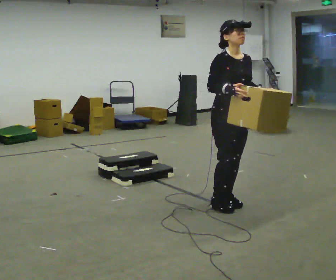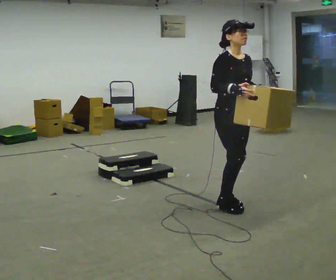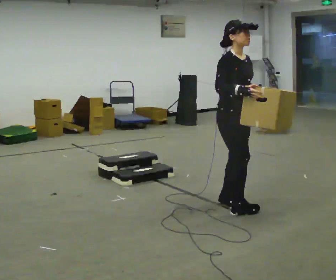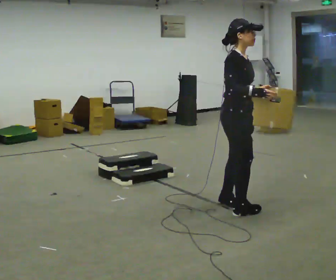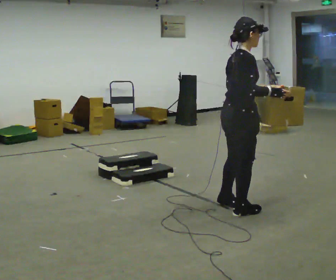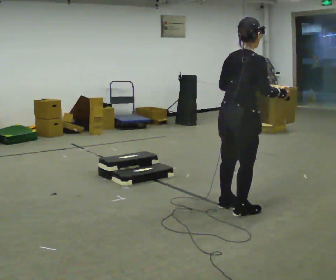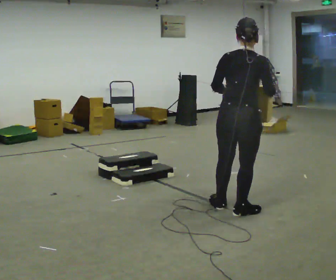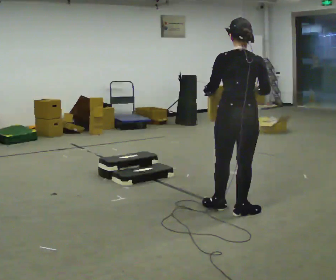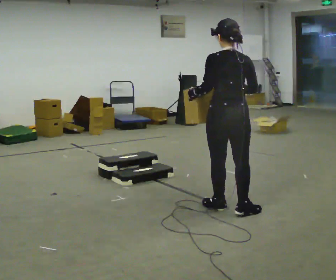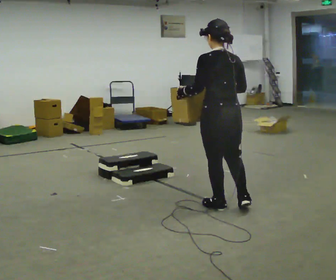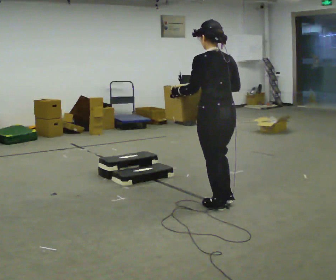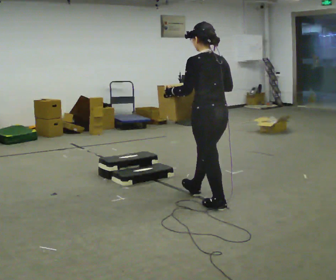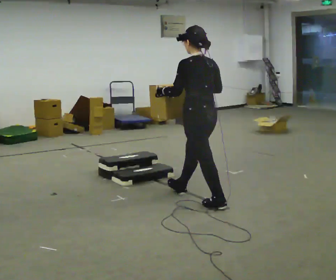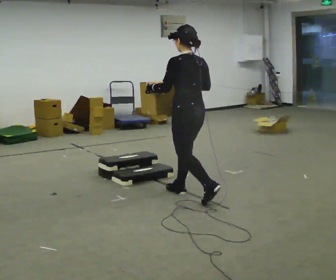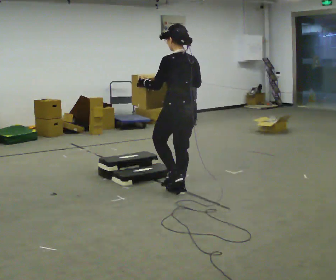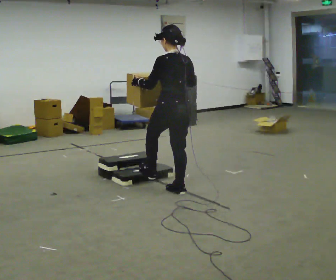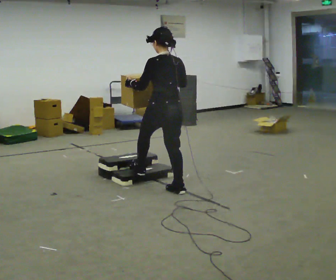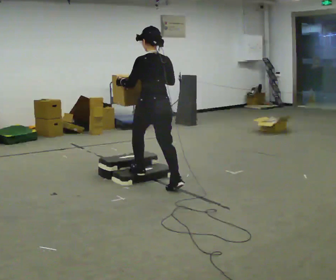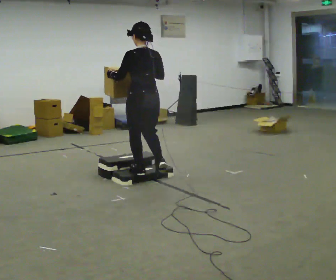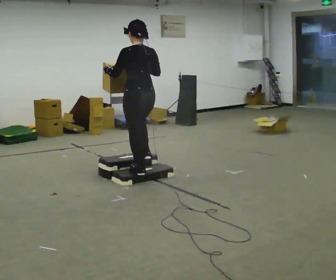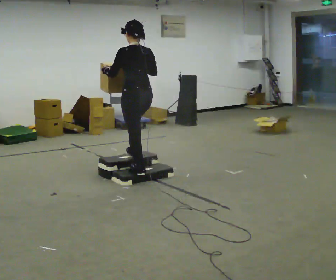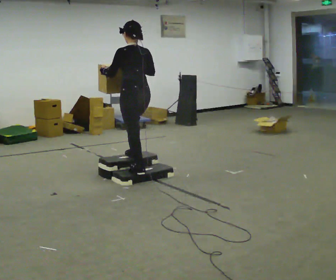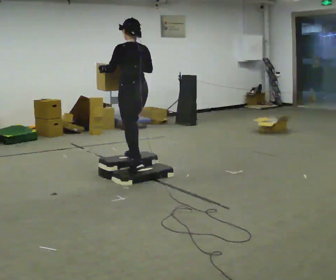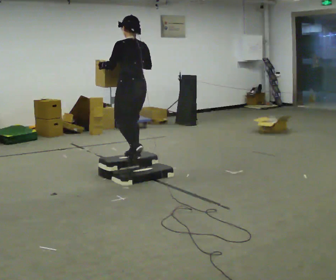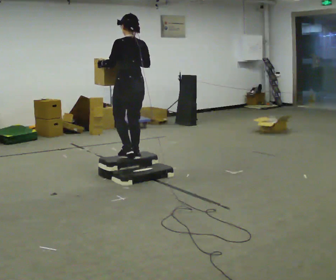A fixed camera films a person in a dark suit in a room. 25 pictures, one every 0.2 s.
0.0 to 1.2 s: The person turns about 120 degrees to their left, counterclockwise seen from above, so the part of the body nearest the lens slides to the right. In the picture they go toward the camera, about 0.25 m in 2 steps.
1.2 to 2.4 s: Seen from above the body turns counterclockwise, about 75 degrees: to their left, with its near side sliding to the right. In the picture they go away from the camera and to the left, about 0.5 m in 1 step.
2.4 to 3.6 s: In the picture they go to the left and away from the camera, about 1 m in 1 step, which for them is forward.
3.6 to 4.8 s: In the picture they go away from the camera and to the left, about 0.5 m in 1 step, which for them is forward.
The film runs forward here.
